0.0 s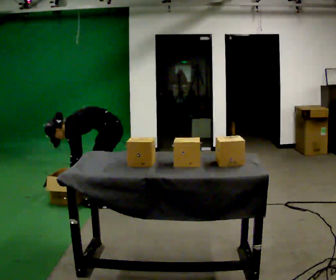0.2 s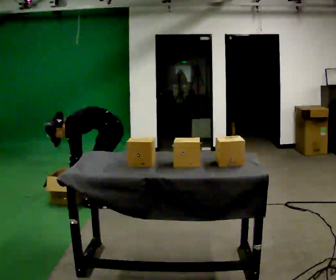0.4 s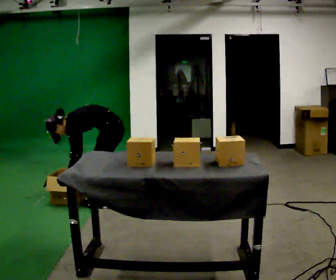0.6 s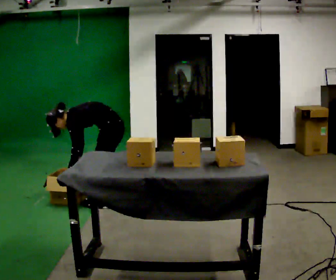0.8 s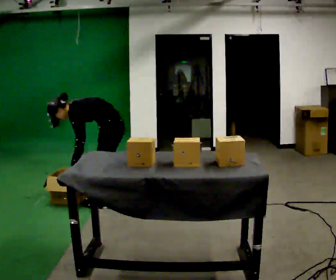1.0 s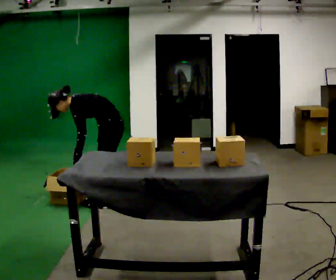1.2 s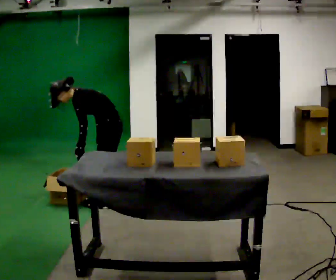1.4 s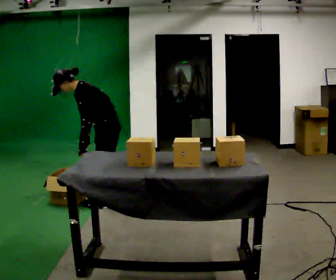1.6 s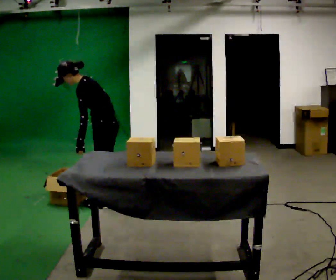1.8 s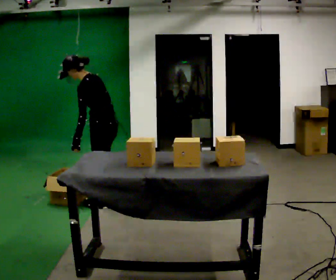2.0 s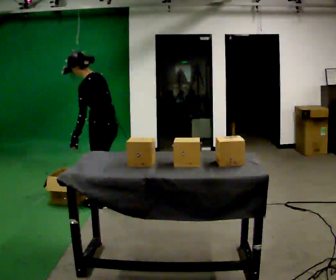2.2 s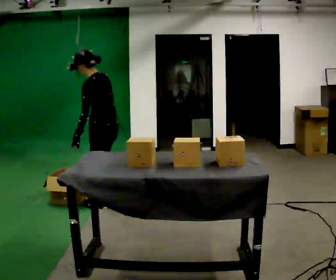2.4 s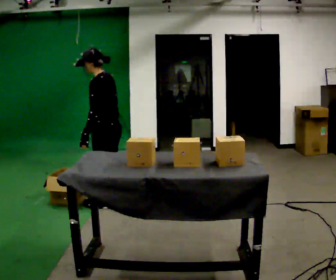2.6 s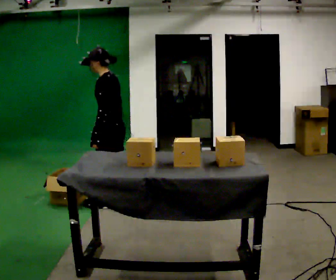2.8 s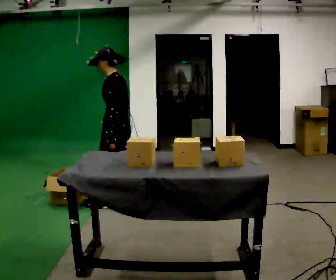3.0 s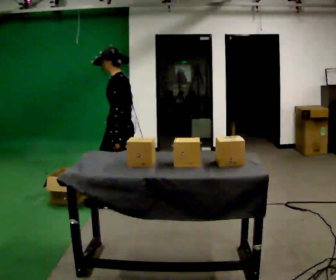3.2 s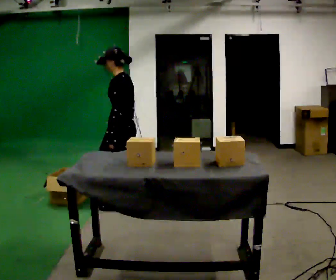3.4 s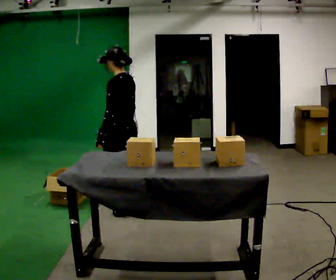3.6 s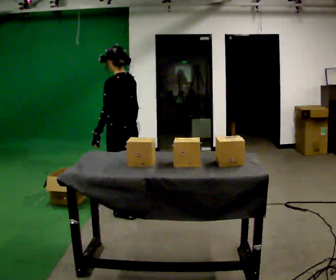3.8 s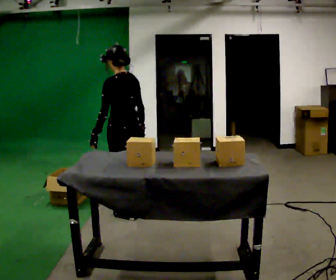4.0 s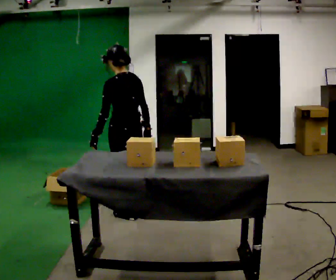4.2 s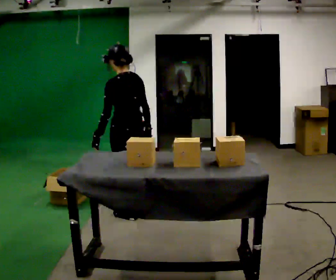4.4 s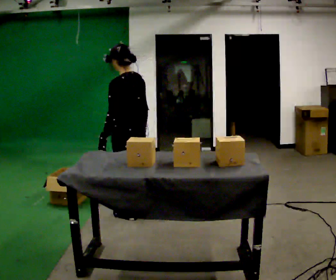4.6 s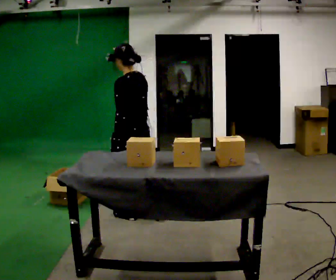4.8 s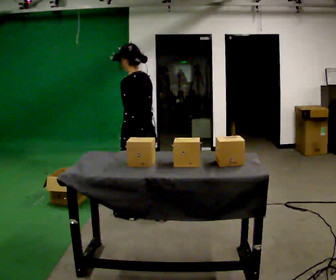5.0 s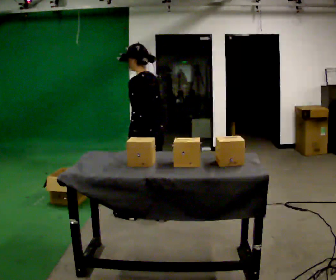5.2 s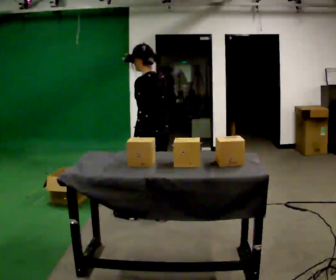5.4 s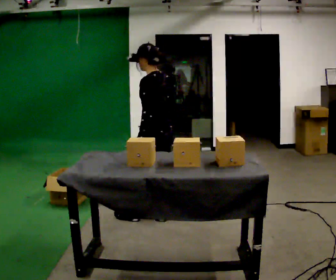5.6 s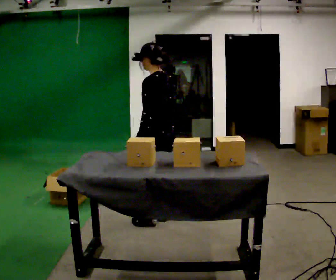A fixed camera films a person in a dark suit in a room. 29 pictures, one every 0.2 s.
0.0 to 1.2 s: The shoulders move upward. In the picture the upper body tilts clockwise, shoulders to the right, as they lean back or straighten.
1.2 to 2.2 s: Seen from above the body turns clockwise, about 30 degrees: to their right, with its near side sliding to the left. The shoulders move upward. In the picture the upper body tilts clockwise, shoulders to the right, as they lean back or straighten.
2.2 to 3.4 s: In the picture they go to the right, about 0.25 m in 1 step, which for them is backward.
3.4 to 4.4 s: In the picture they go toward the camera, about 0.25 m in 1 step, which for them is backward and to their left.
4.4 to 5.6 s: In the picture they go to the right, about 0.25 m in 1 step, which for them is backward.
The film runs backward here.
